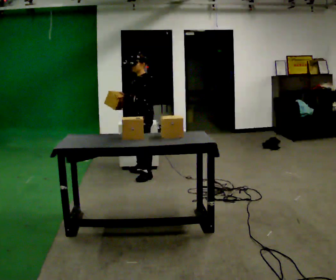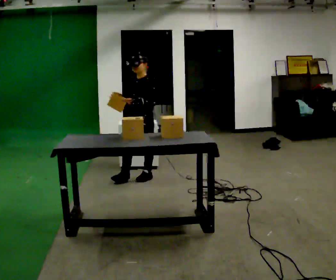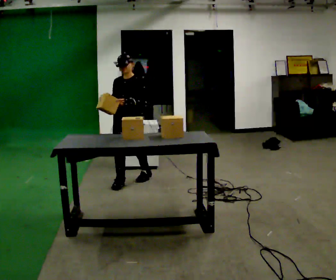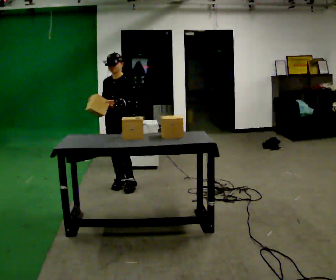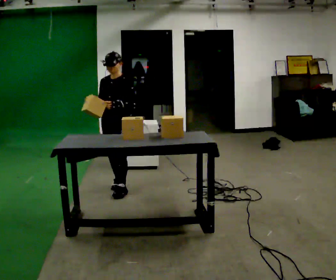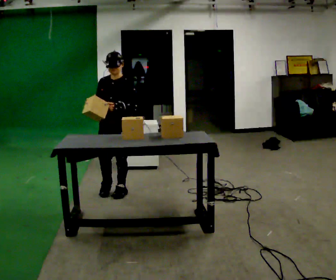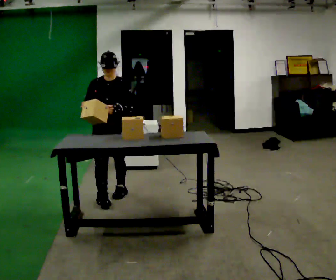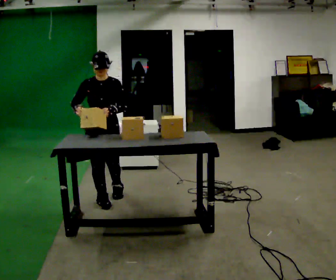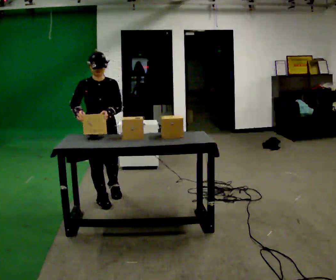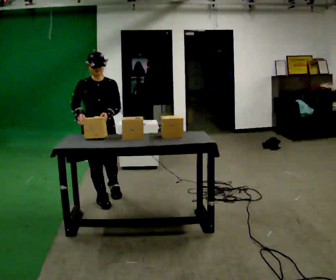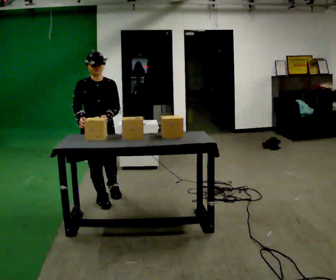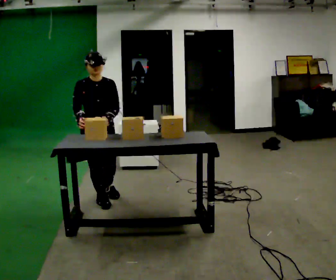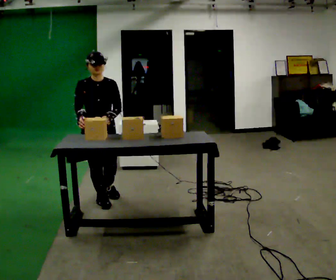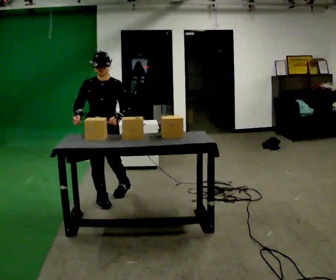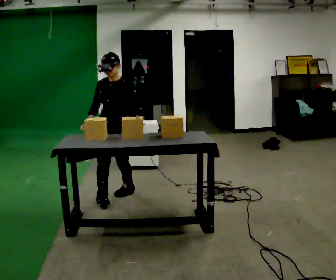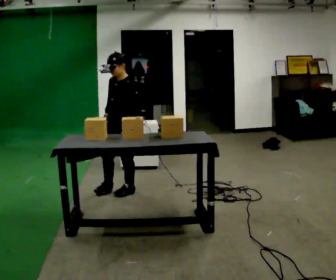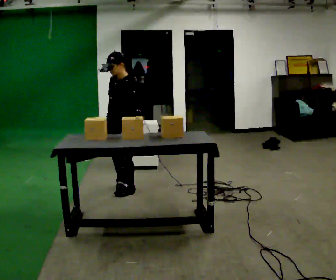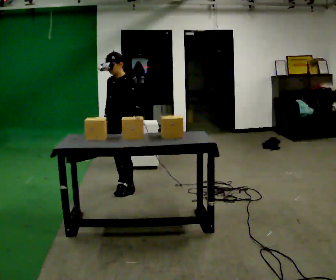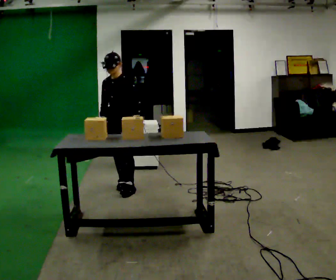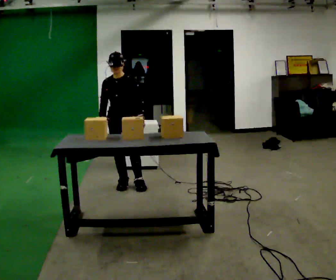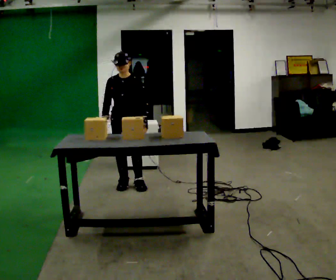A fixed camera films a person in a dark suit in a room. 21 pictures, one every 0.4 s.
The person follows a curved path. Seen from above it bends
counterclockwise.
0.0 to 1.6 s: Seen from above the body turns counterclockwise, about 45 degrees: to their left, with its near side sliding to the right. In the picture they go toward the camera and to the left, about 0.5 m in 2 steps, which for them is forward.
1.6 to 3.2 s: The part of the body nearest the lens slides to the right as the person turns to their left by about 45 degrees. In the picture they go toward the camera and to the left, about 0.5 m in 1 step, which for them is forward and to their right.
3.2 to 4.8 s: The person moves a little, or ends about where they began.
4.8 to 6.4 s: The part of the body nearest the lens slides to the left as the person turns to their right by about 60 degrees. In the picture they go away from the camera and to the right, about 0.5 m in 1 step.
6.4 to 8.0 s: The person turns about 45 degrees to their left, counterclockwise seen from above, so the part of the body nearest the lens slides to the right. In the picture they go away from the camera, about 0.25 m in 1 step, which for them is backward.
The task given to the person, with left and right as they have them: 1. Move all 12 boxes from the shelf at one end of the room to the shelf at the other end. 2. The cart is not available today, so carry them. 3. Tell the operator when you are finished.
The film runs forward here.
